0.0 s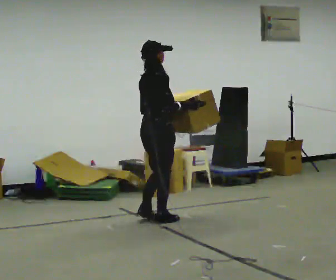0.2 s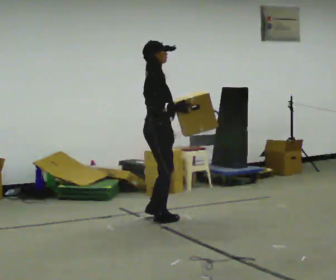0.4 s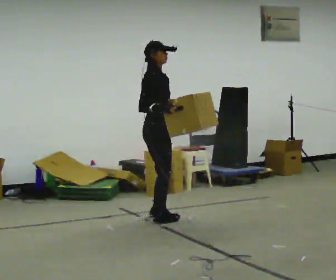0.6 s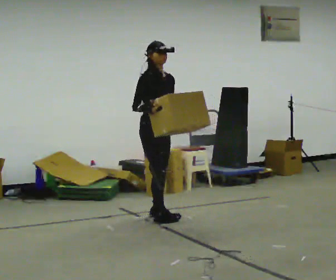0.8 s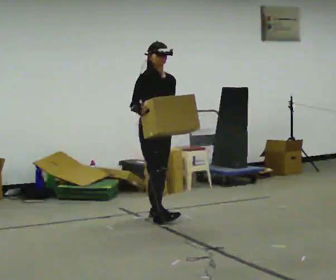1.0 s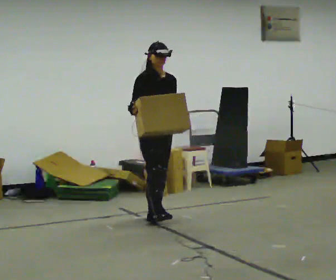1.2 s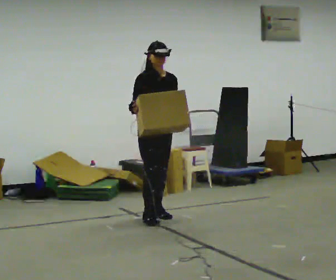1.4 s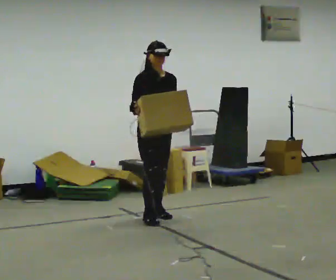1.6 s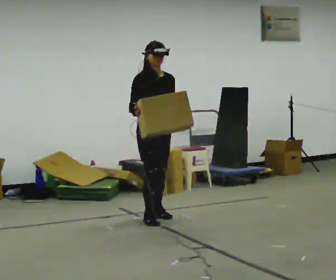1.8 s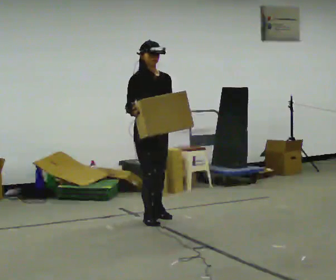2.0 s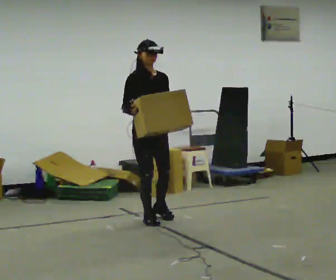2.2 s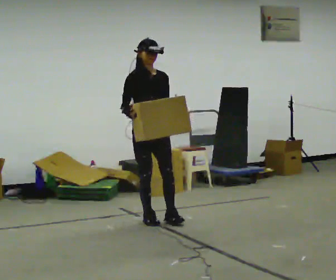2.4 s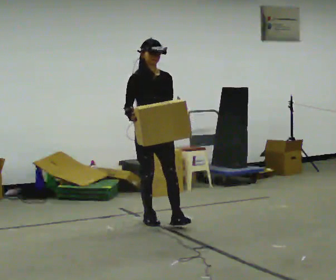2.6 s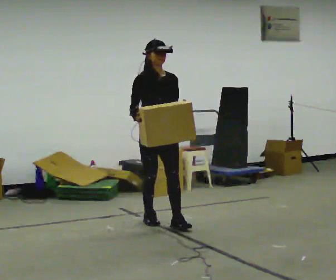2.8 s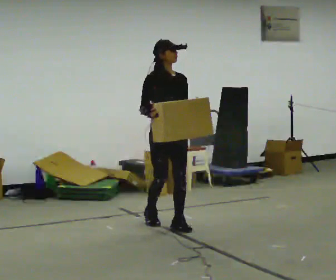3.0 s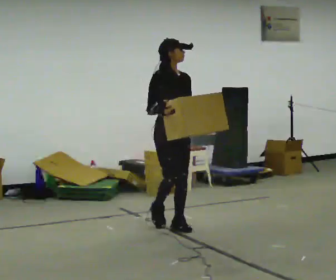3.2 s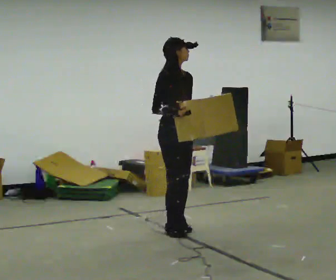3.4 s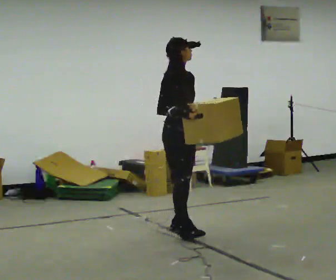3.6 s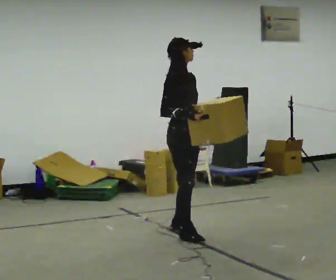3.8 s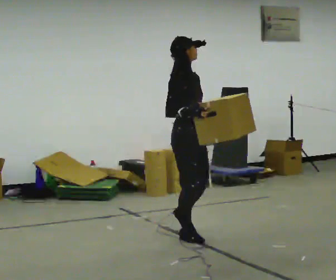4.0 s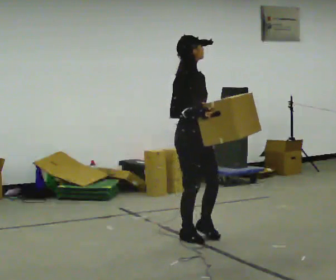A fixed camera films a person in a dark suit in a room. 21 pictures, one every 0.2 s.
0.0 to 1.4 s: The part of the body nearest the lens slides to the left as the person turns to their right by about 90 degrees. In the picture they go away from the camera, about 0.25 m in 1 step. In the picture their right hand goes to the left.
1.4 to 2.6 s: In the picture they go toward the camera, about 0.25 m in 1 step, which for them is forward.
2.6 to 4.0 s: Seen from above the body turns counterclockwise, about 30 degrees: to their left, with its near side sliding to the right. In the picture they go toward the camera and to the right, about 0.5 m in 1 step, which for them is forward.
The film runs forward here.
